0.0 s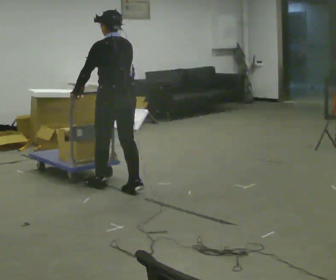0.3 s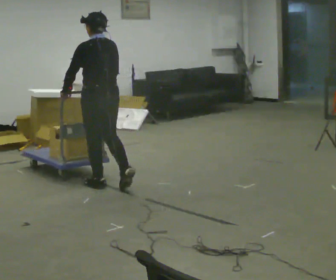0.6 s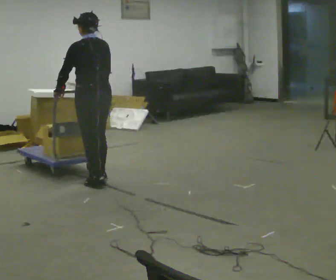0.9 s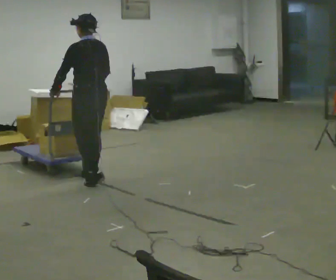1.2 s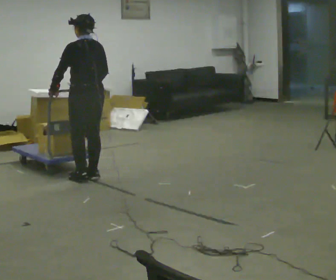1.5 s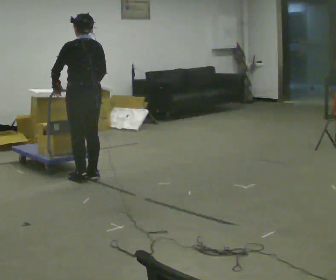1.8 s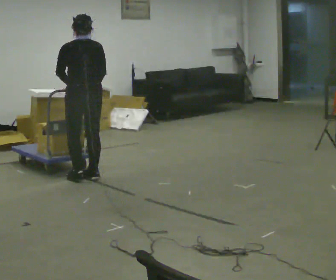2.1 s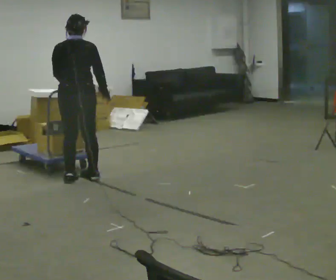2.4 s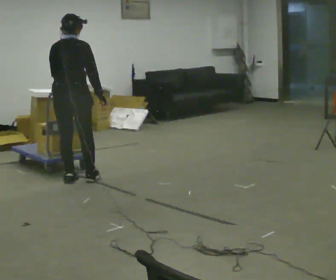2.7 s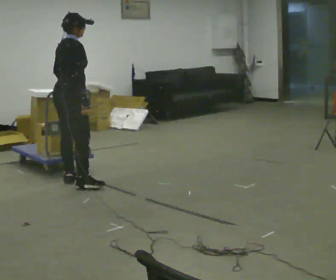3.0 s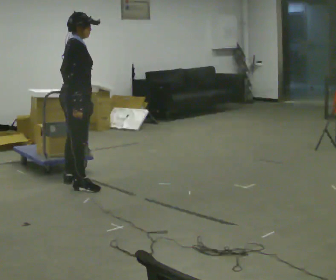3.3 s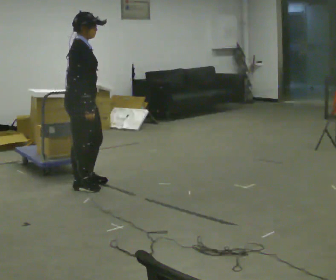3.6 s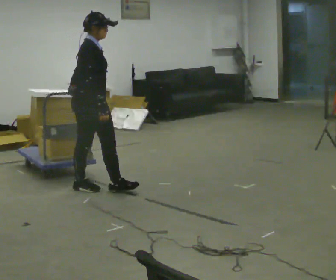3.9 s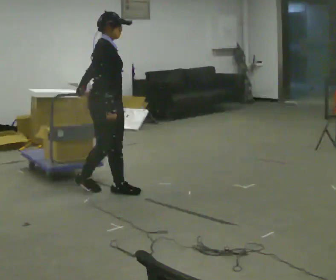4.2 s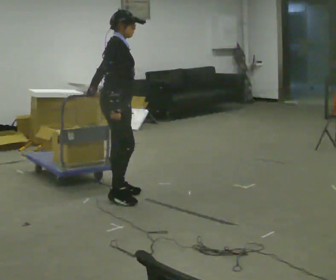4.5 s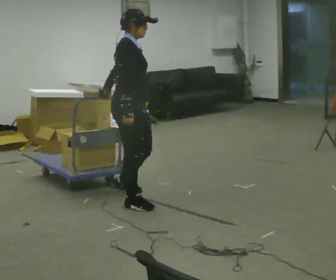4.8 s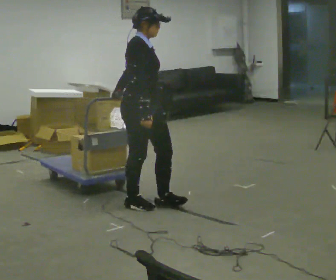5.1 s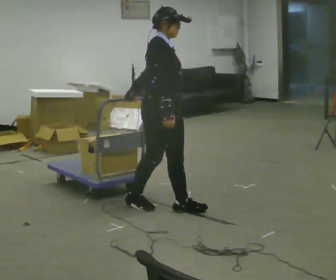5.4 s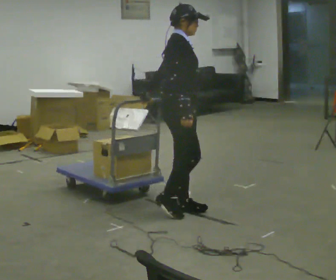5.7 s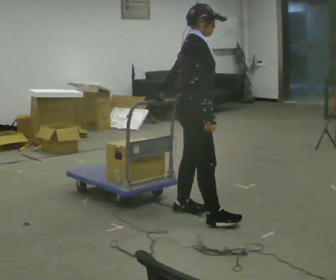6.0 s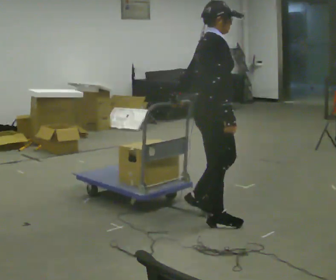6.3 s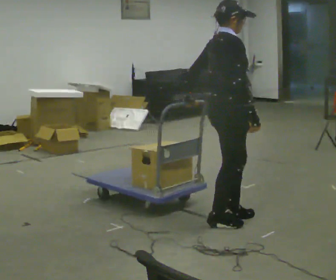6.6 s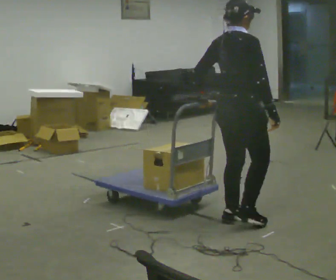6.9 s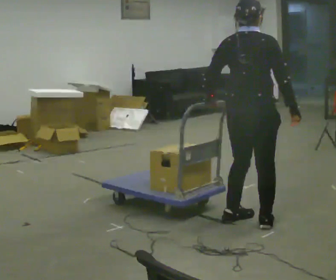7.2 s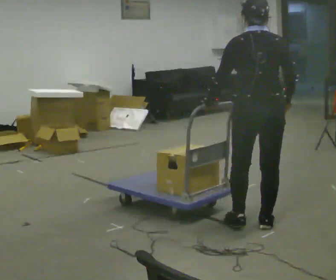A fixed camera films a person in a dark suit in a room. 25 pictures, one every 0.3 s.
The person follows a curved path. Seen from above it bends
counterclockwise.
0.0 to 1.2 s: In the picture they go away from the camera and to the left, about 0.5 m in 3 steps, which for them is forward.
1.2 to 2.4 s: The person turns about 60 degrees to their right, clockwise seen from above, so the part of the body nearest the lens slides to the left. In the picture they go to the left, about 0.25 m, which for them is to their left.
2.4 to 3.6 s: The person turns about 90 degrees to their right, clockwise seen from above, so the part of the body nearest the lens slides to the left. In the picture they go toward the camera and to the right, about 0.25 m in 1 step.
3.6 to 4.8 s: In the picture they go toward the camera and to the right, about 0.75 m in 2 steps, which for them is forward and to their right.
4.8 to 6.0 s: In the picture they go to the right and toward the camera, about 0.75 m in 2 steps, which for them is forward.
6.0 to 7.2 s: The part of the body nearest the lens slides to the right as the person turns to their left by about 90 degrees. In the picture they go to the right and toward the camera, about 0.25 m in 2 steps.
The film runs forward here.
